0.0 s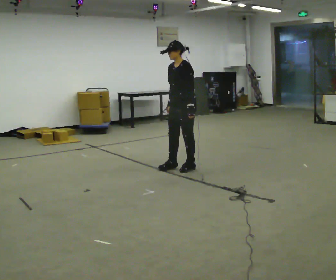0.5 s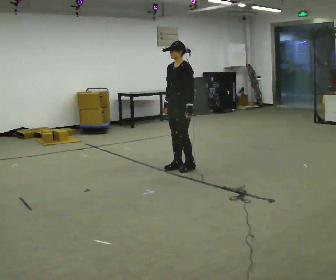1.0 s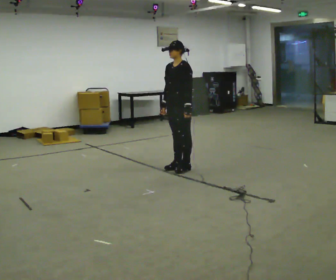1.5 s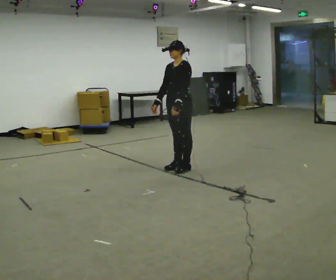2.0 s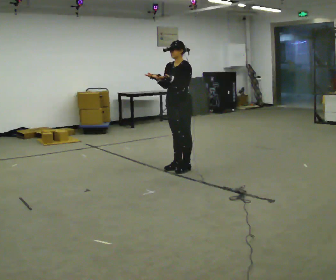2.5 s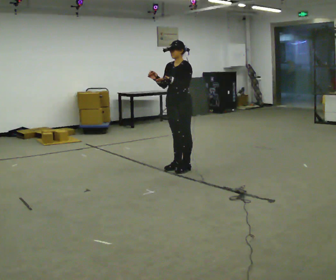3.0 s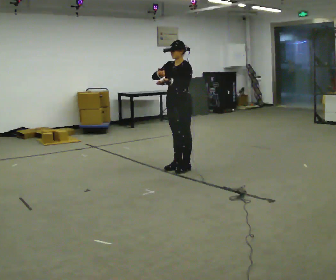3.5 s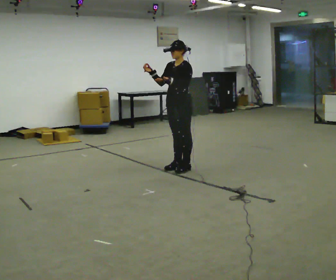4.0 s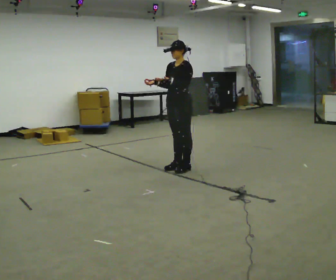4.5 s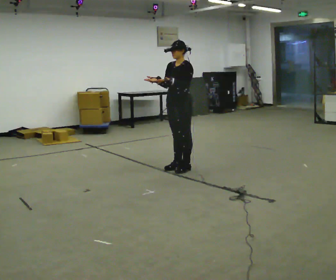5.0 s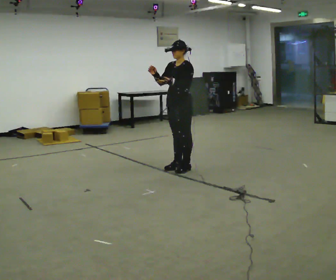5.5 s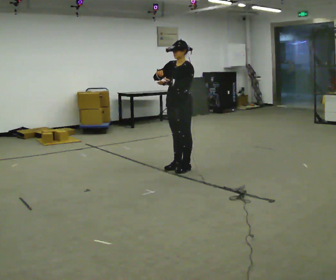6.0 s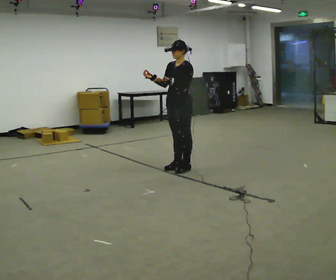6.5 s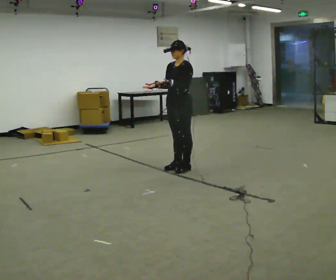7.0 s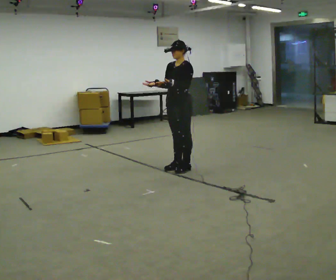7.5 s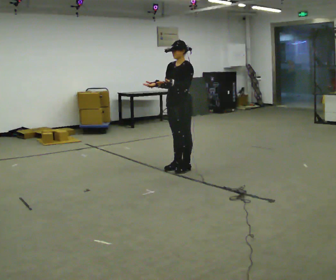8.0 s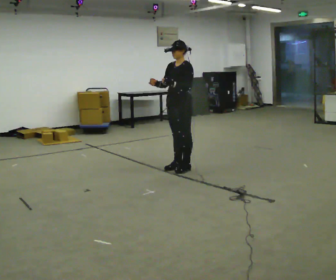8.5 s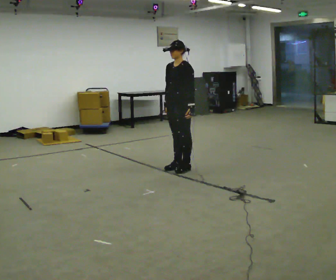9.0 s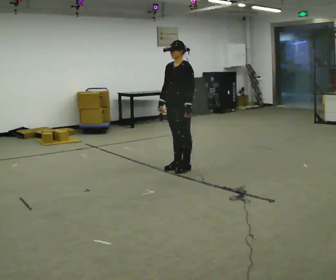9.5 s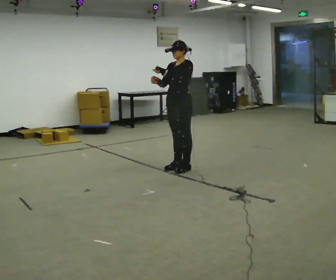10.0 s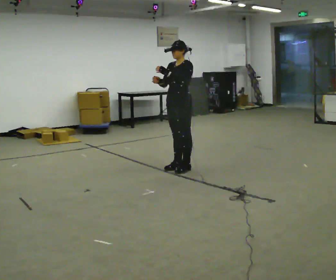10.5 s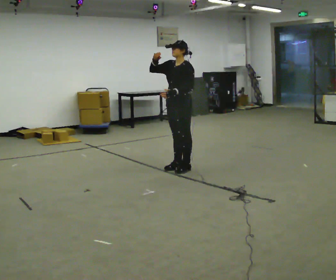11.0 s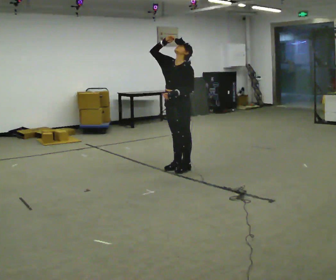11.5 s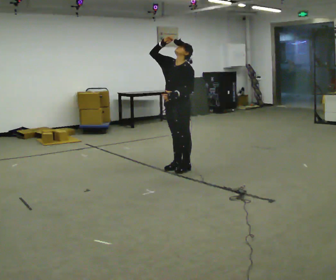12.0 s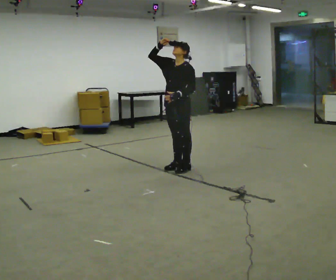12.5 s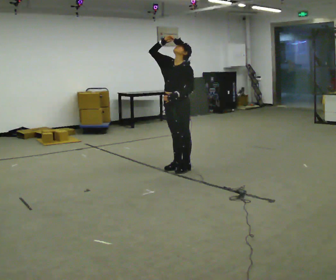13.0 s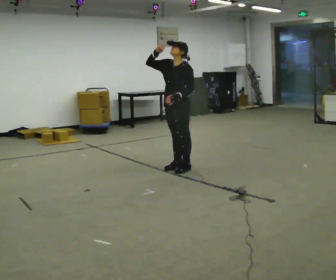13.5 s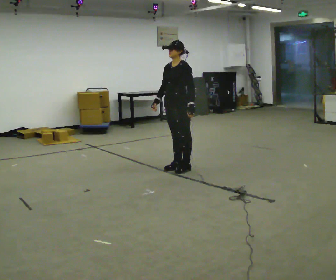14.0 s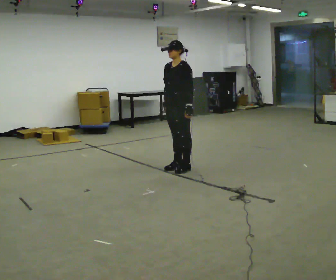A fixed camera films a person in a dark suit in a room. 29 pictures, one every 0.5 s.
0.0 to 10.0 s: In the picture their left hand goes upward.
10.0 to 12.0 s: In the picture their right hand goes upward, the arm swinging clockwise.
12.0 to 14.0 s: In the picture their right hand goes downward, the arm swinging counterclockwise.
The film runs forward here.
